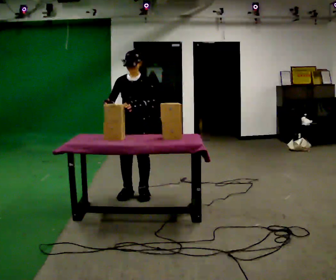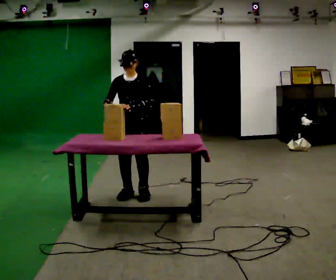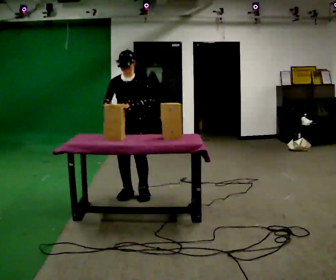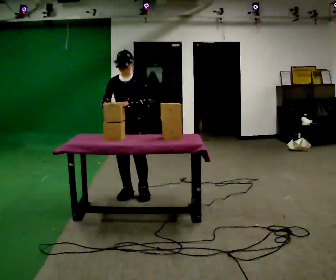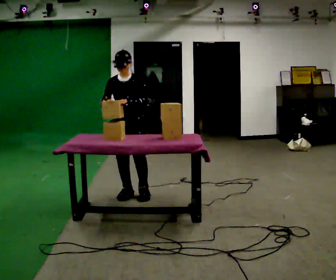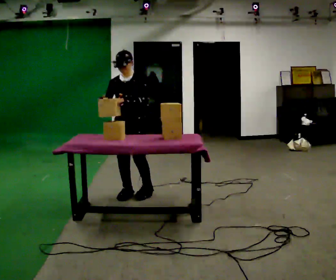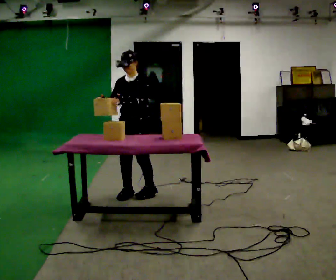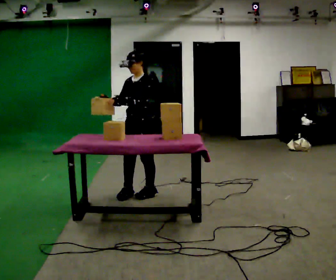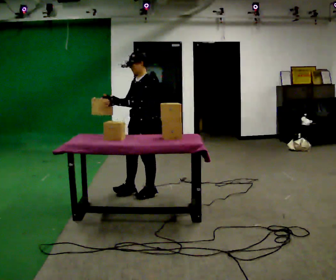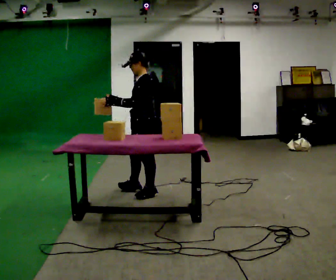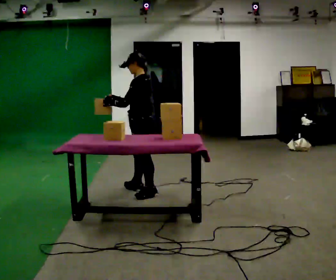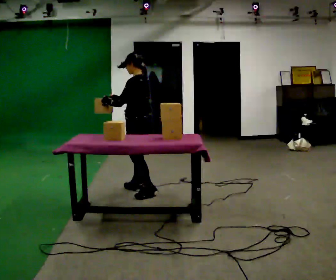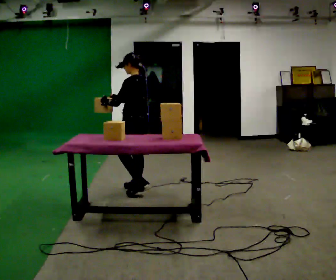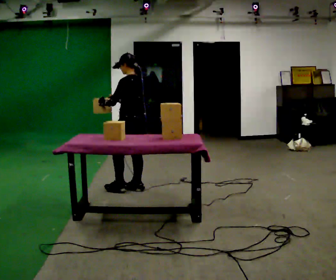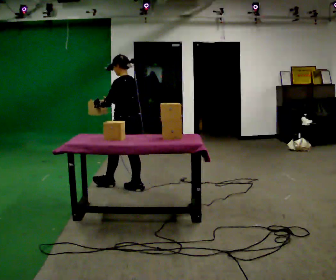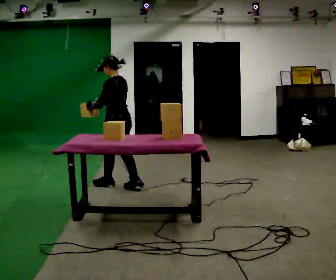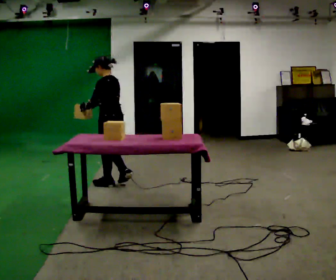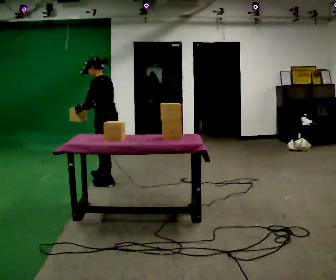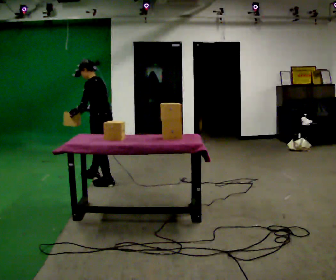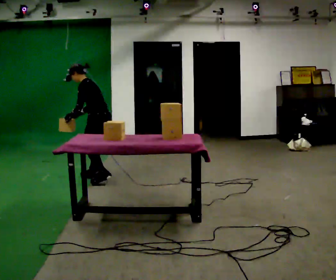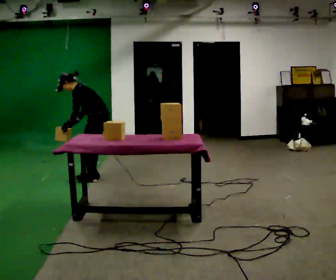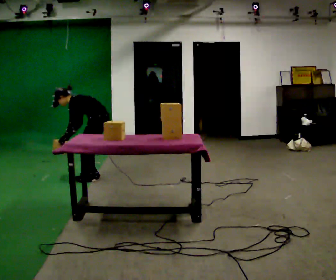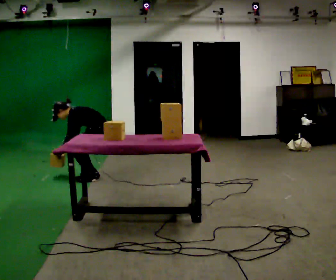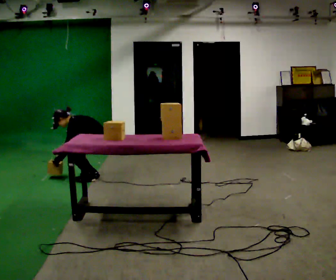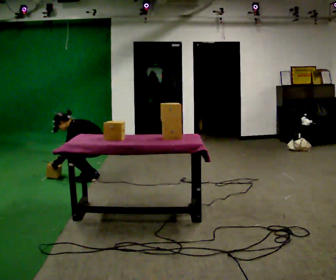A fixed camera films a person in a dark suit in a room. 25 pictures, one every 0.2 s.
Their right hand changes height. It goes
downward.
Their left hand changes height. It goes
downward.
0.0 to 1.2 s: The person moves a little, or ends about where they began.
1.2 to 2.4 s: The person turns about 75 degrees to their right, clockwise seen from above, so the part of the body nearest the lens slides to the left. In the picture they go away from the camera, about 0.25 m in 1 step.
2.4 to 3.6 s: In the picture they go to the left and away from the camera, about 0.5 m in 2 steps, which for them is forward. In the picture the upper body tilts counterclockwise, shoulders to the left, as they bend forward.
3.6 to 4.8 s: The upper body goes downward. In the picture their right hand goes downward and to the left.
The film runs forward here.
